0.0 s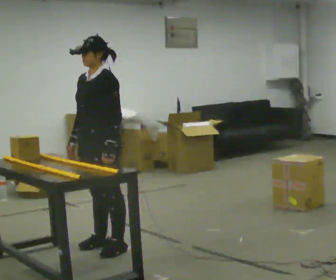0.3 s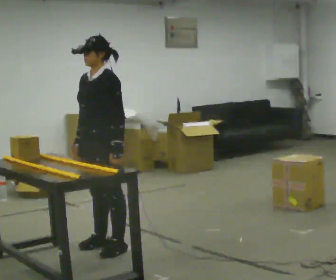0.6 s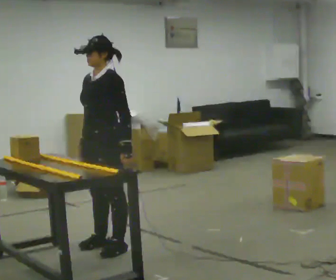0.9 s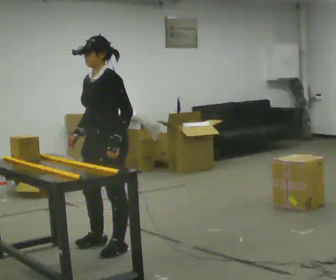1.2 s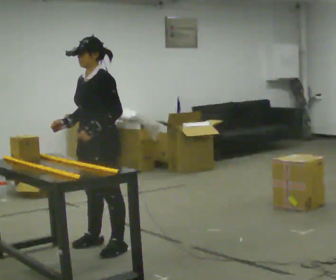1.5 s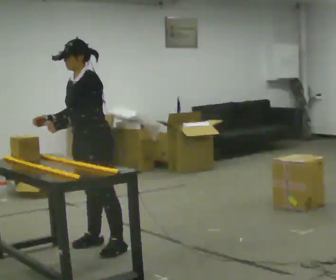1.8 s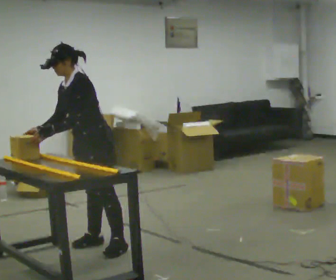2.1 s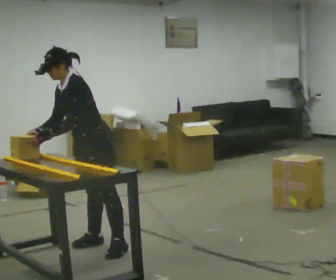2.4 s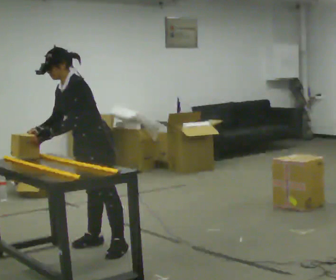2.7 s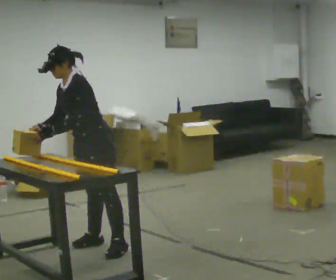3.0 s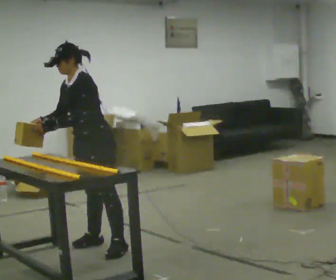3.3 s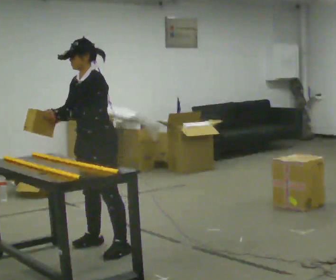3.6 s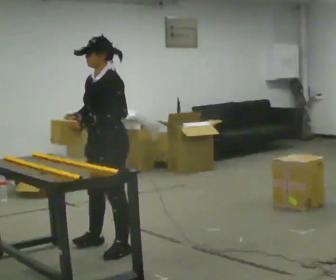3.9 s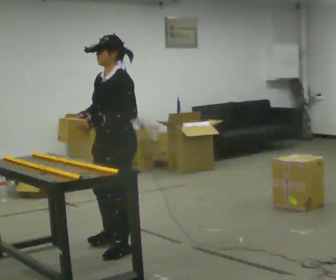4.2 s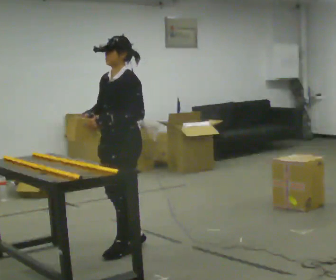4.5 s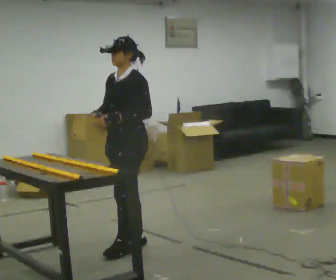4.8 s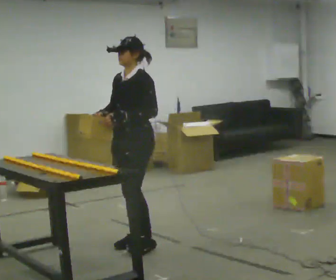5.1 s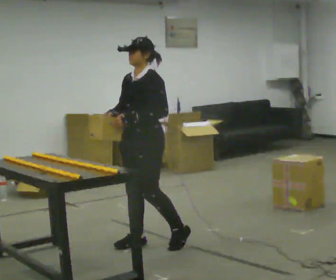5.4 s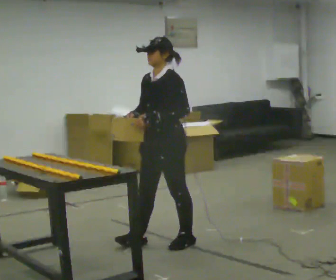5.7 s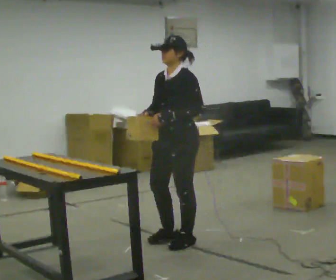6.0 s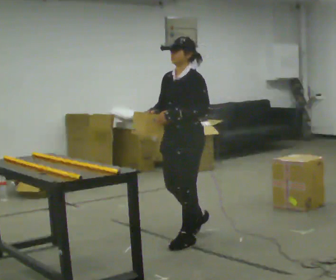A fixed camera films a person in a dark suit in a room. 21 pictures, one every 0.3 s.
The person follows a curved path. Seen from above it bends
clockwise.
0.0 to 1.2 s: The person moves a little, or ends about where they began.
1.2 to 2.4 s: In the picture they go away from the camera, about 0.25 m, which for them is to their right. In the picture the upper body tilts counterclockwise, shoulders to the left, as they bend forward.
2.4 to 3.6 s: In the picture they go toward the camera, about 0.25 m, which for them is to their left. In the picture the upper body tilts clockwise, shoulders to the right, as they lean back or straighten.
3.6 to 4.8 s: In the picture they go to the right, about 0.25 m in 2 steps, which for them is backward.
4.8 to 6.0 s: In the picture they go to the right, about 0.5 m in 1 step, which for them is backward and to their left.
The film runs backward here.
